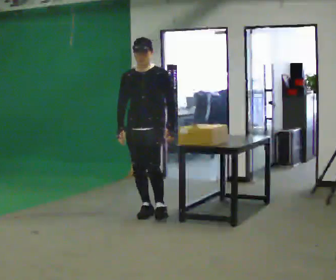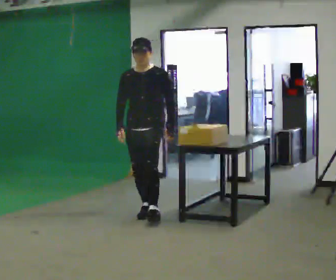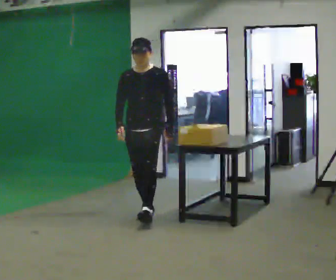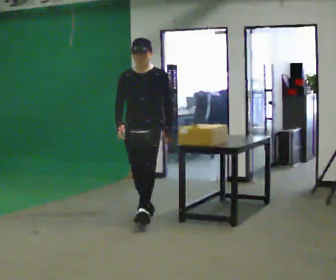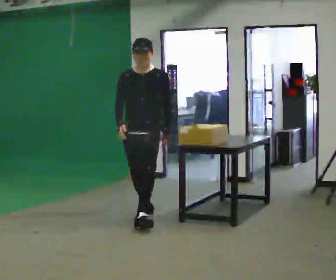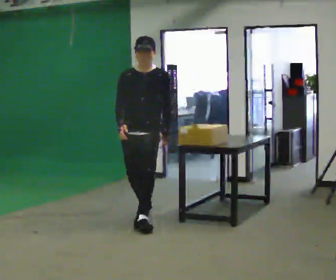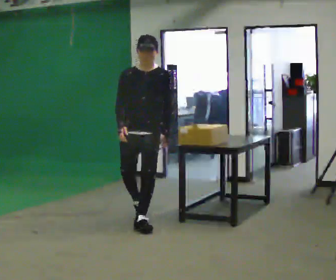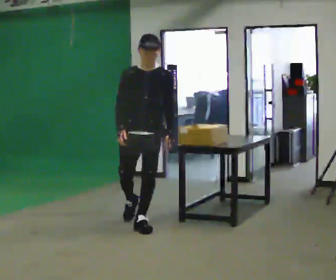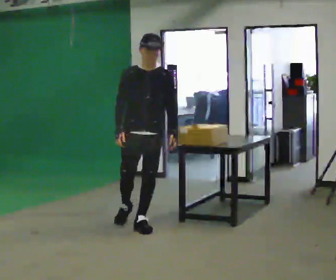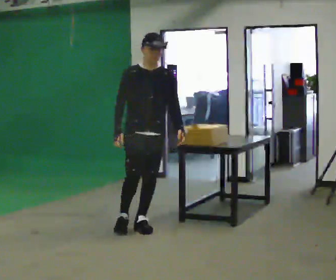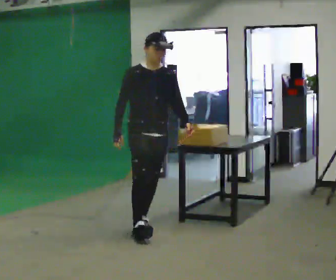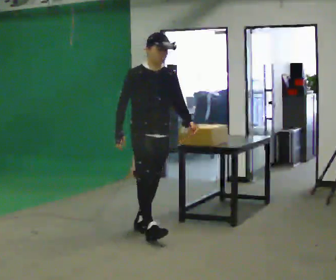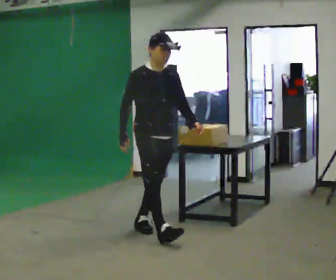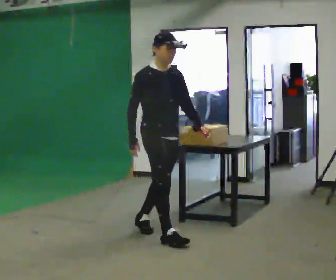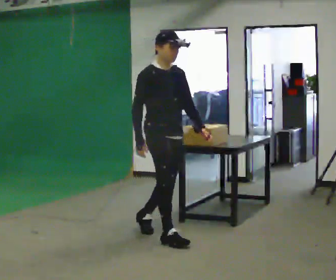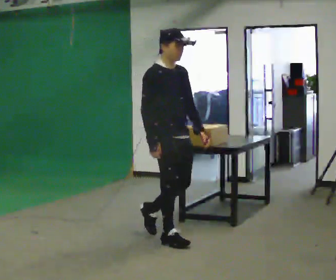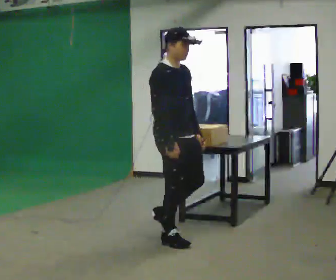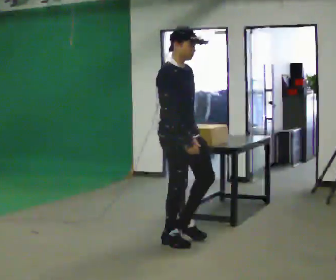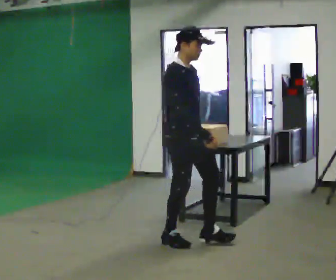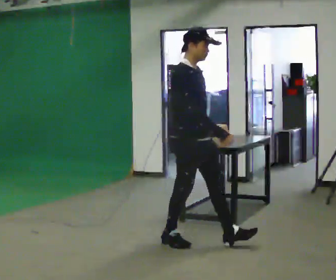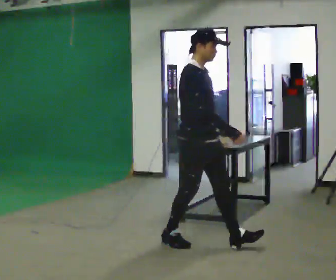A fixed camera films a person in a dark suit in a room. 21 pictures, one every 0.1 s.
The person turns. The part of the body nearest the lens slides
to the right.
The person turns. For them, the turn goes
to their left.
0.0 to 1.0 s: The person turns about 45 degrees to their left, counterclockwise seen from above, so the part of the body nearest the lens slides to the right. In the picture they go toward the camera, about 0.5 m in 1 step, which for them is forward.
1.0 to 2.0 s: Seen from above the body turns counterclockwise, about 45 degrees: to their left, with its near side sliding to the right. In the picture they go toward the camera and to the right, about 0.75 m in 1 step, which for them is forward.
The film runs forward here.
